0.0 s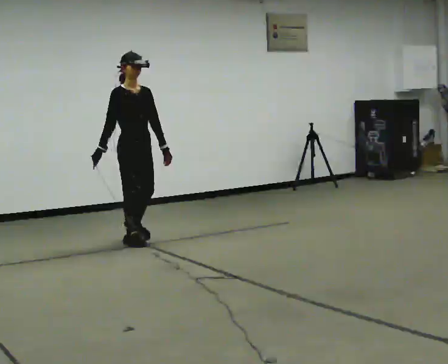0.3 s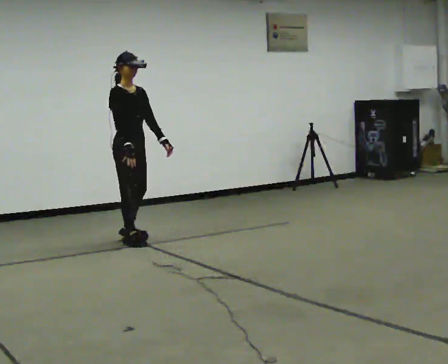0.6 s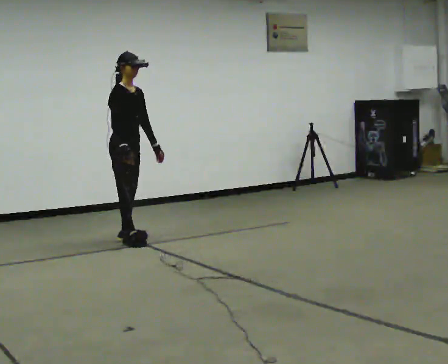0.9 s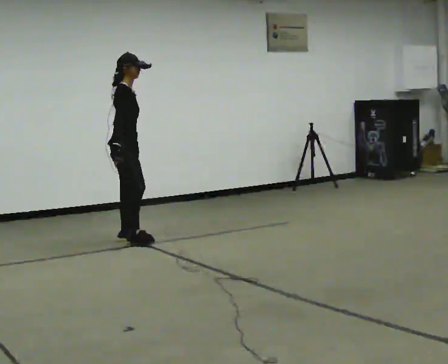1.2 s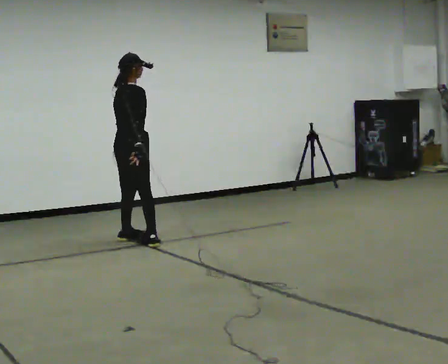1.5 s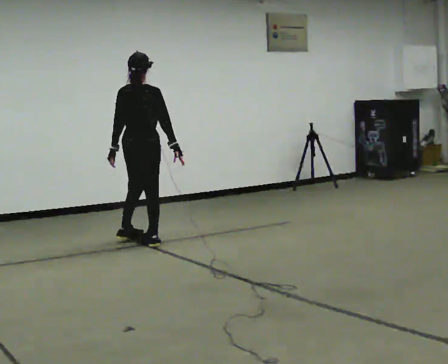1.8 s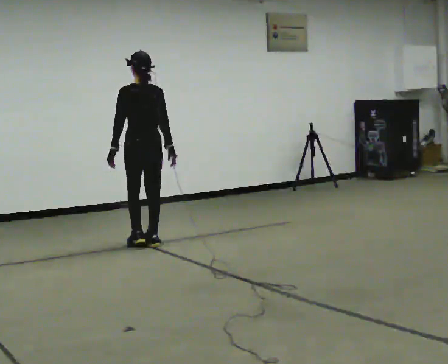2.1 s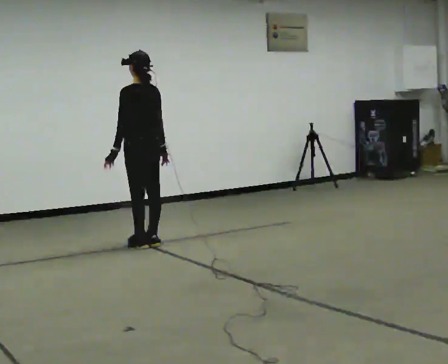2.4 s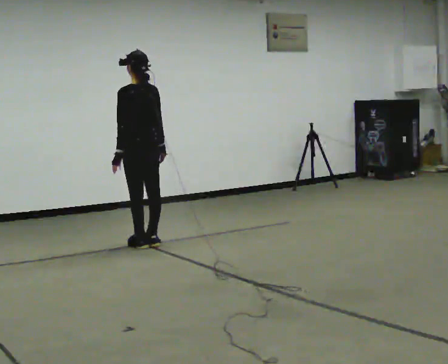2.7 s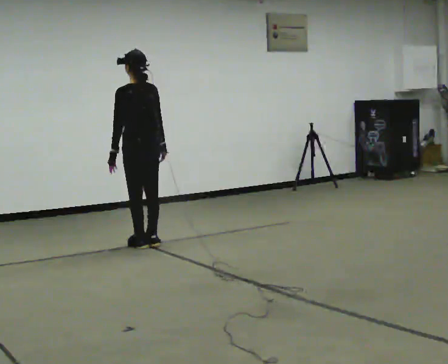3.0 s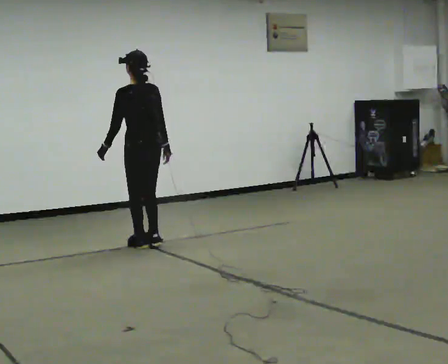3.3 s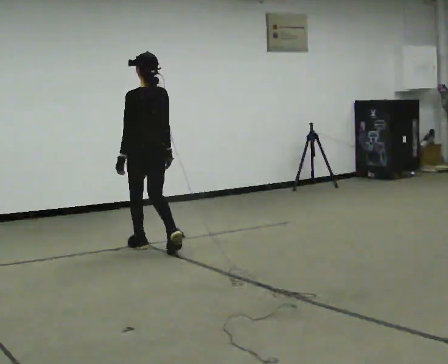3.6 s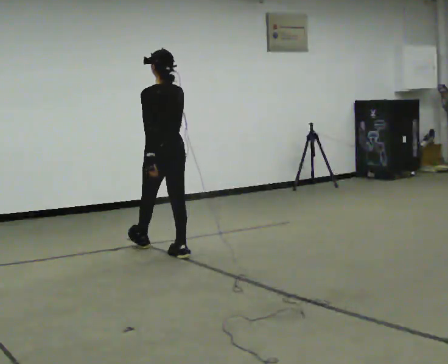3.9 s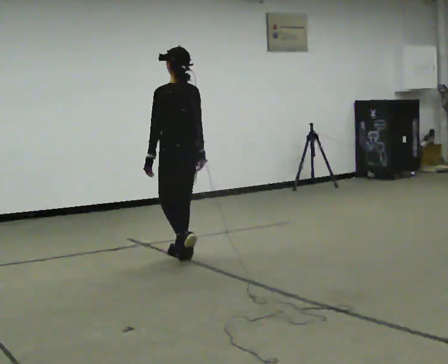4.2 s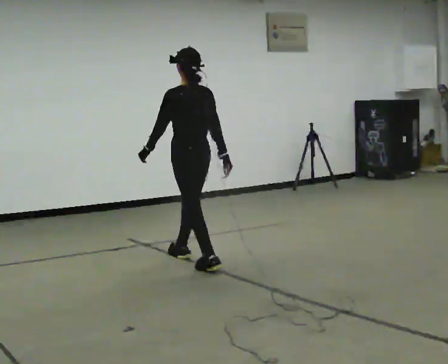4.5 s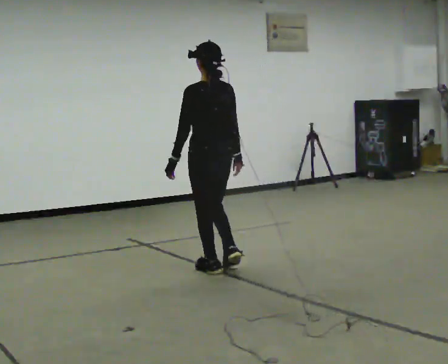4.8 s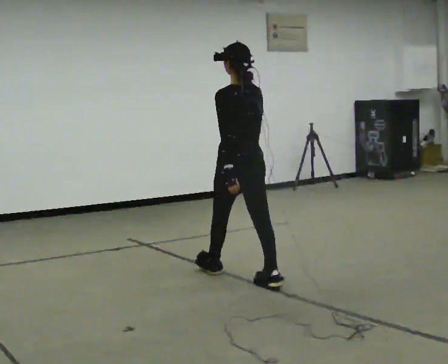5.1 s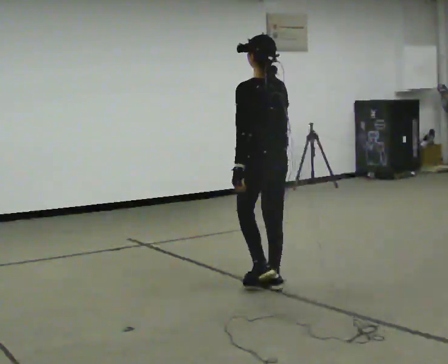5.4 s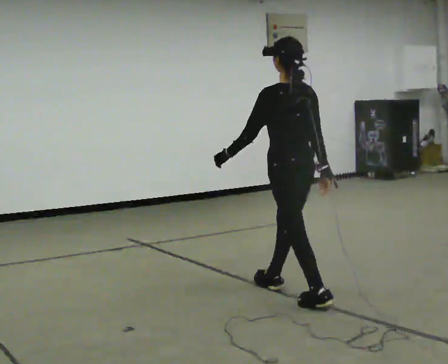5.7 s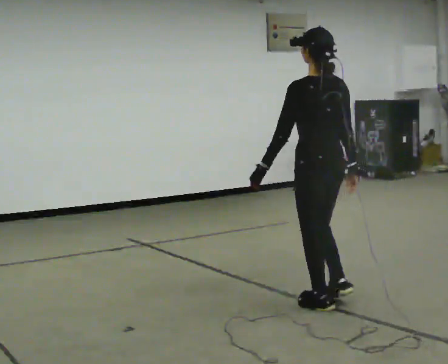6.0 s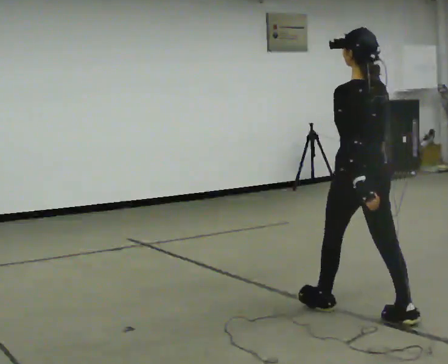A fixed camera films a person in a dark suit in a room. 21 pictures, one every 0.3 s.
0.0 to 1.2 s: Seen from above the body turns counterclockwise, about 90 degrees: to their left, with its near side sliding to the right. In the picture their right hand goes to the right.
1.2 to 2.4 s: Seen from above the body turns counterclockwise, about 90 degrees: to their left, with its near side sliding to the right.
2.4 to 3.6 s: In the picture they go toward the camera and to the right, about 0.25 m in 2 steps, which for them is backward.
3.6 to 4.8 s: In the picture they go toward the camera and to the right, about 1 m in 1 step, which for them is backward.
4.8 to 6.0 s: In the picture they go toward the camera and to the right, about 1 m in 2 steps, which for them is backward.
The film runs backward here.
